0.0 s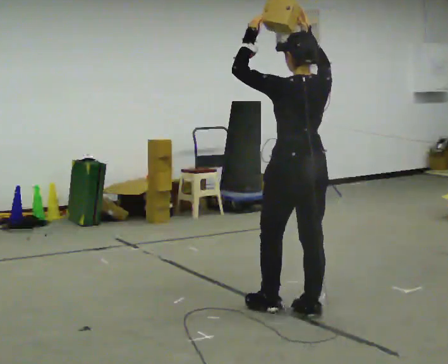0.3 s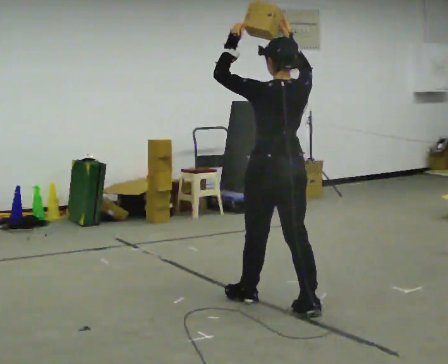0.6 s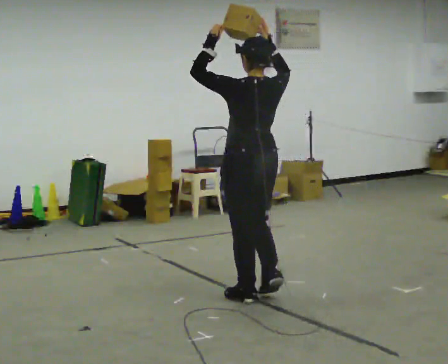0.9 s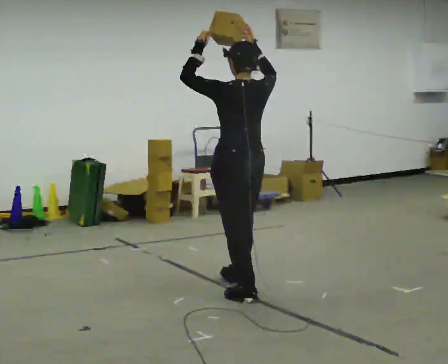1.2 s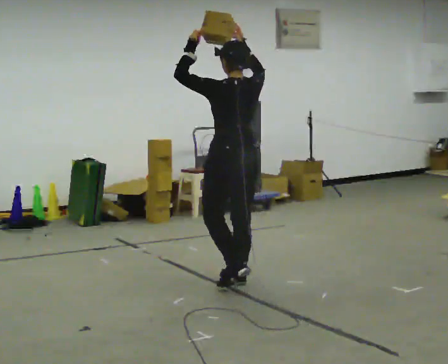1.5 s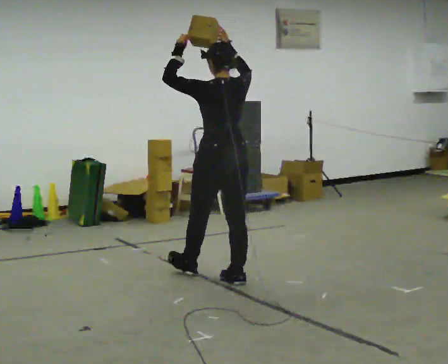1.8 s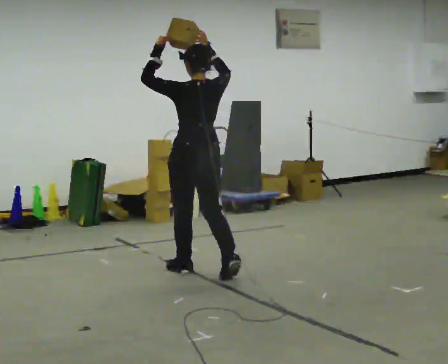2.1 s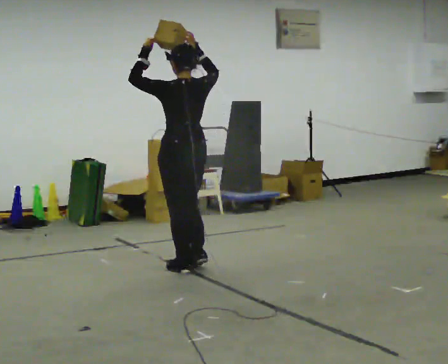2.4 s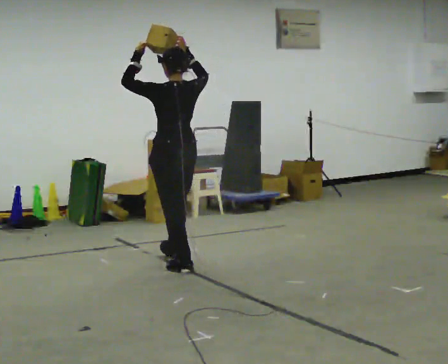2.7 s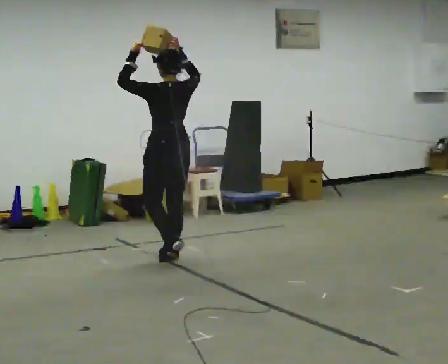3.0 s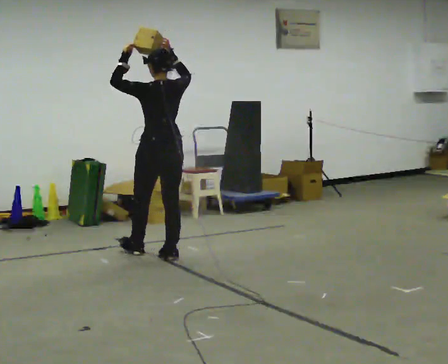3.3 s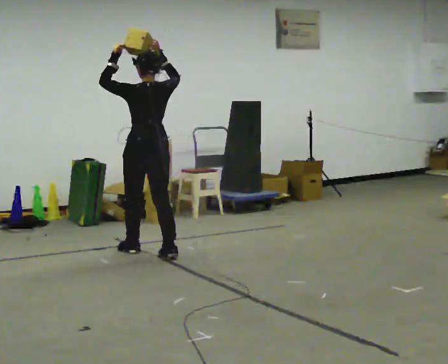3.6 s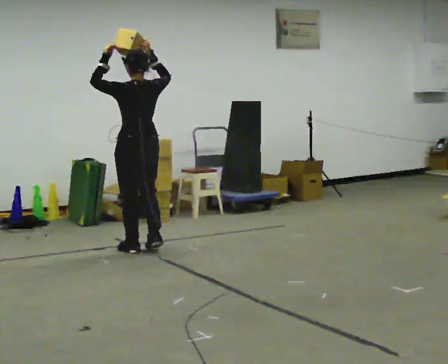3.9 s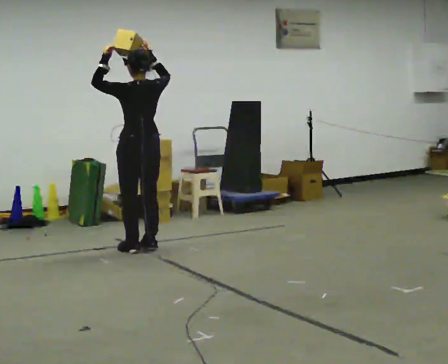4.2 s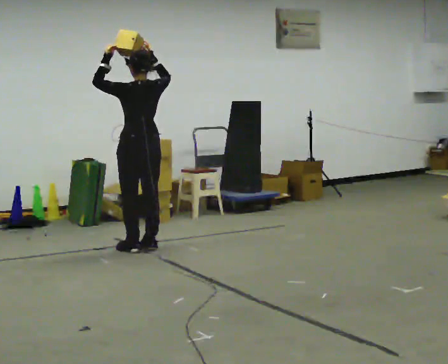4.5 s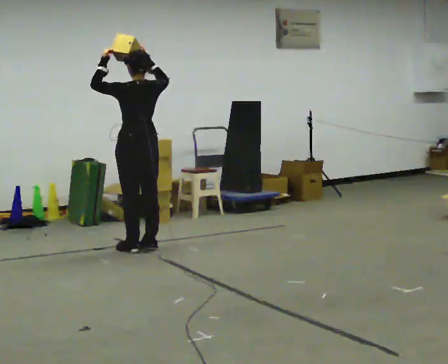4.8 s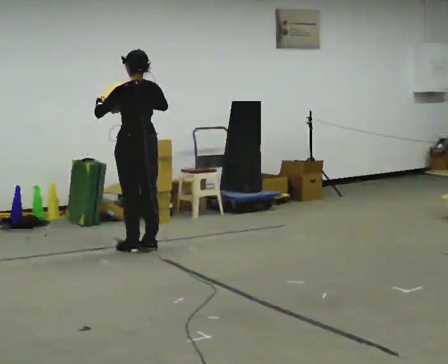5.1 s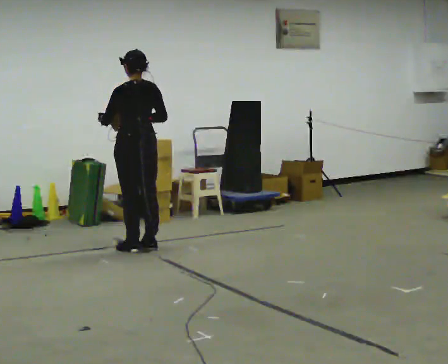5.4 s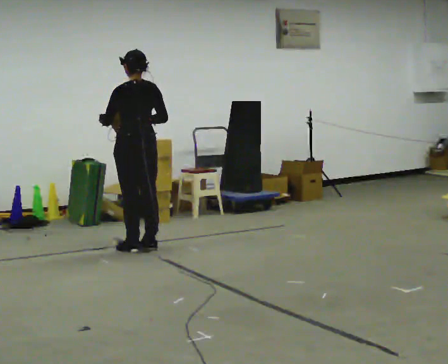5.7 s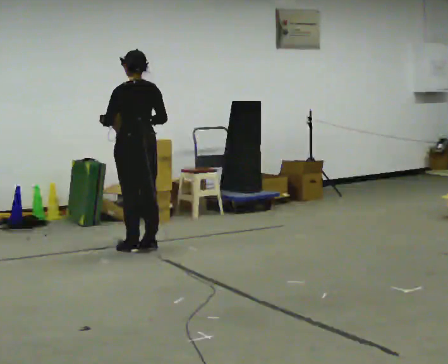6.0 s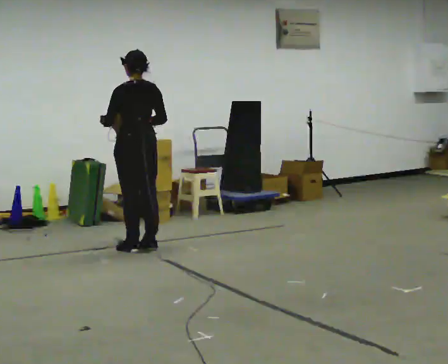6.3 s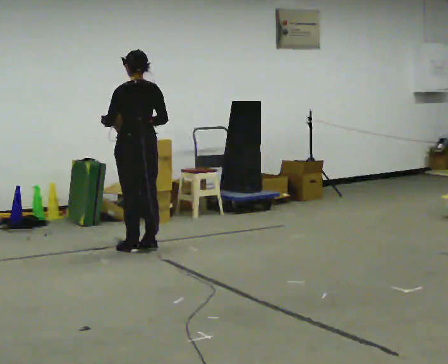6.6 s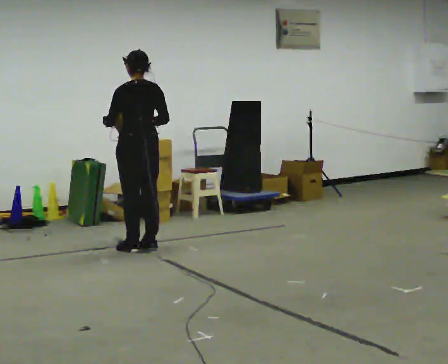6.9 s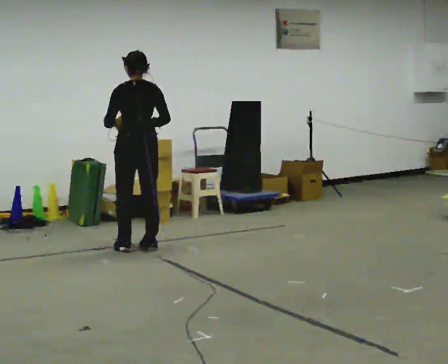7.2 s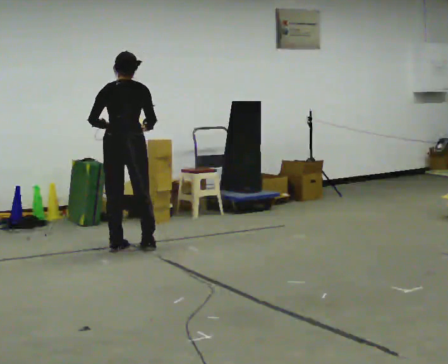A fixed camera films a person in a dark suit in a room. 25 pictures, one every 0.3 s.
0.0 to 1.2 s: In the picture they go away from the camera and to the left, about 1 m in 2 steps, which for them is forward.
1.2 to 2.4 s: In the picture they go away from the camera and to the left, about 0.75 m in 2 steps, which for them is forward.
2.4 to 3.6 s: In the picture they go away from the camera and to the left, about 0.5 m in 1 step, which for them is forward.
3.6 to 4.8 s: In the picture their right hand goes downward.
4.8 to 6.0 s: The person moves a little, or ends about where they began.
6.0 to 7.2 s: Seen from above the body turns clockwise, about 45 degrees: to their right, with its near side sliding to the left.
The film runs forward here.
